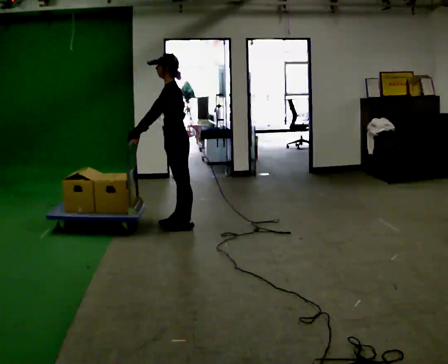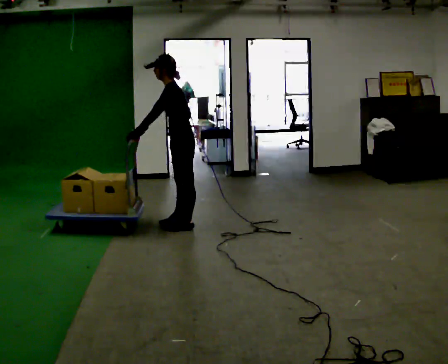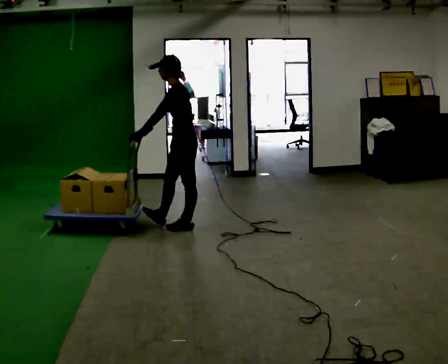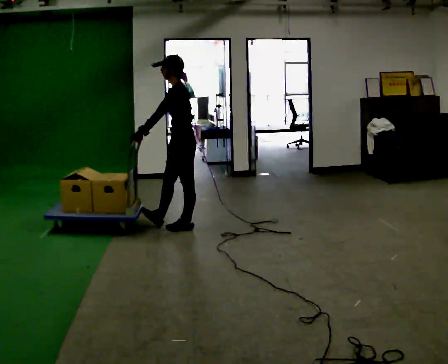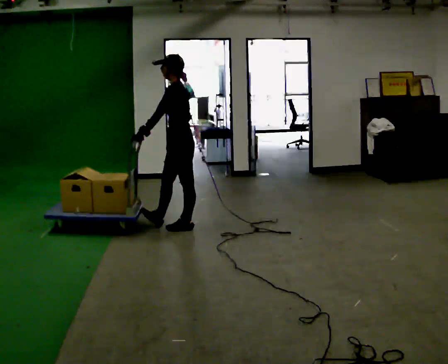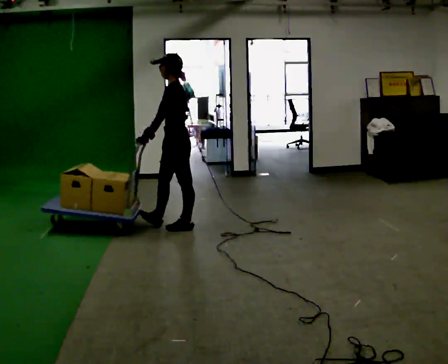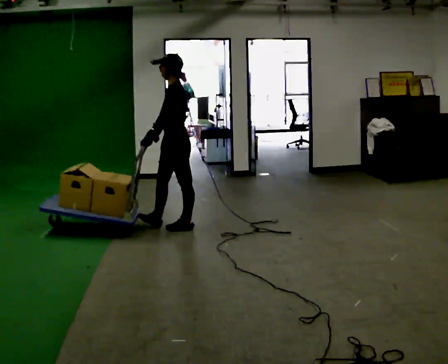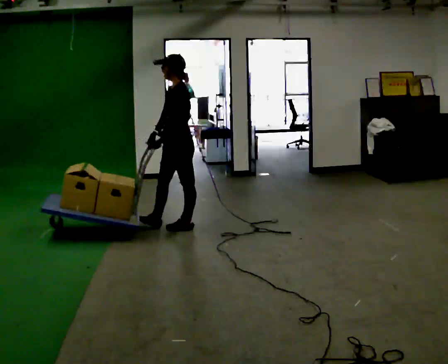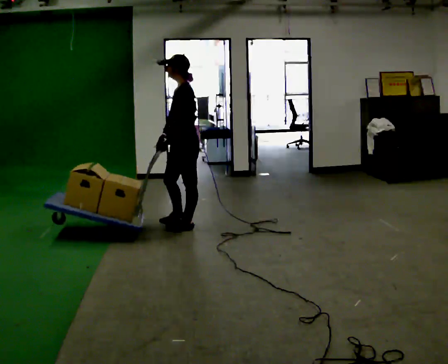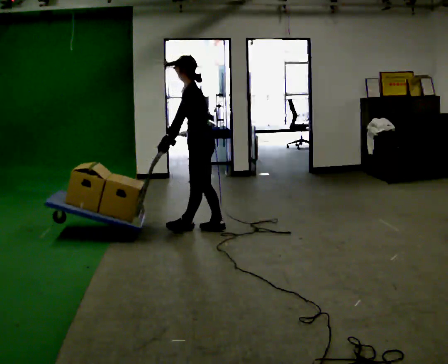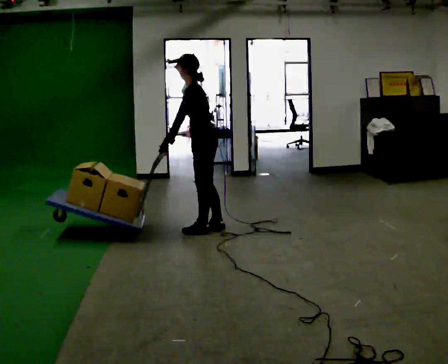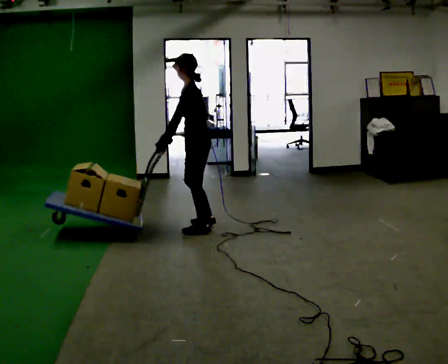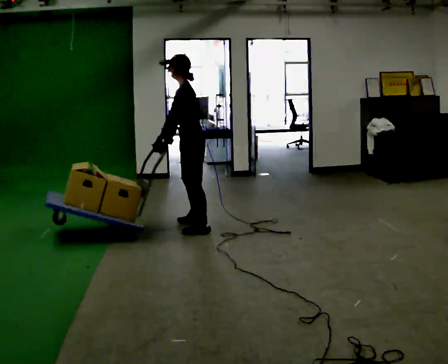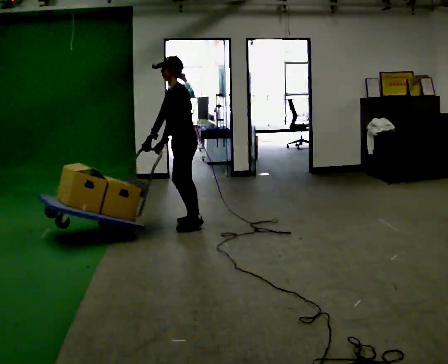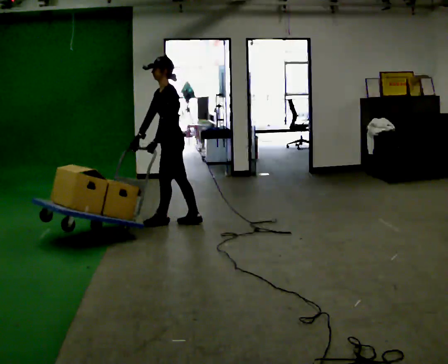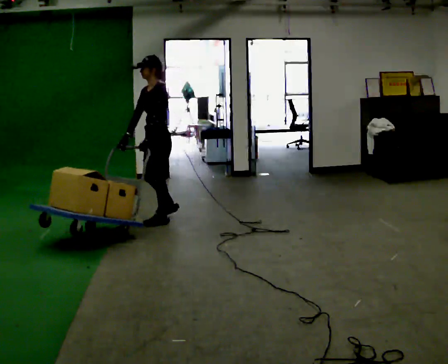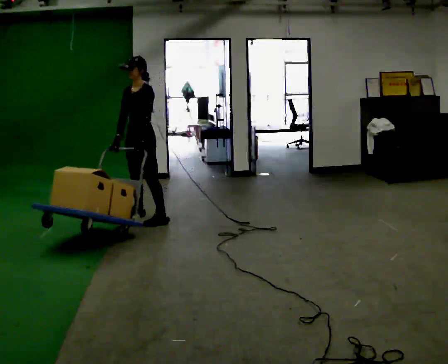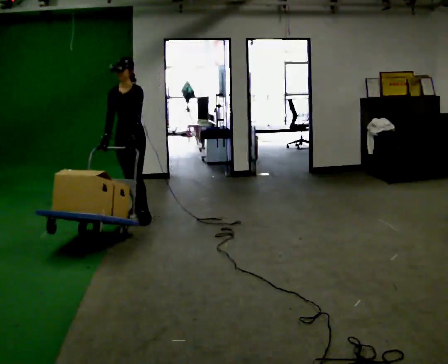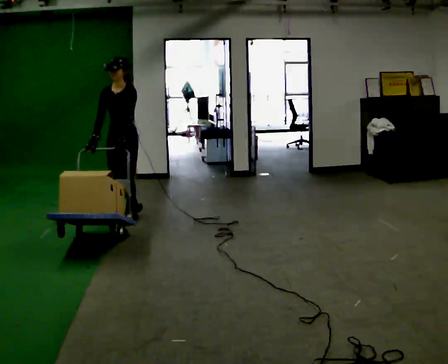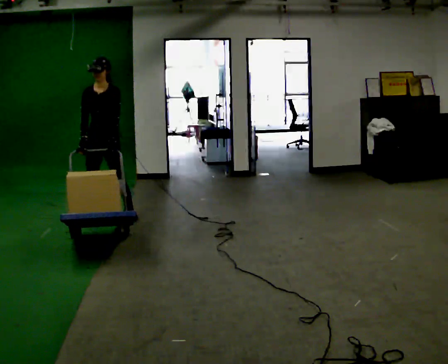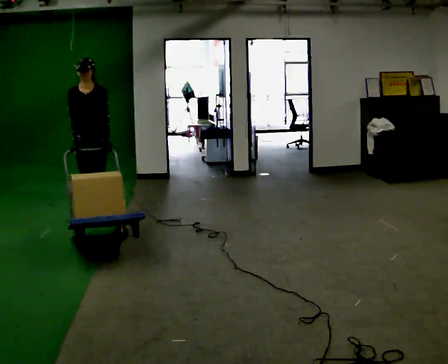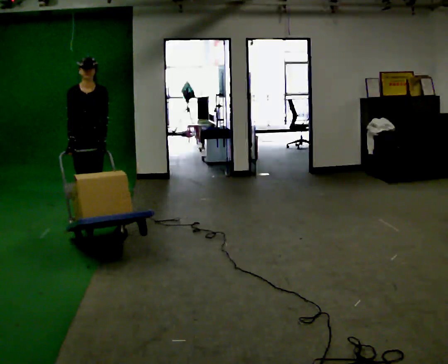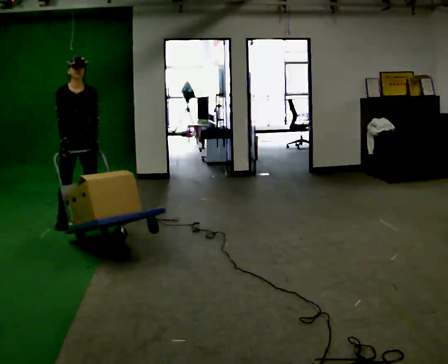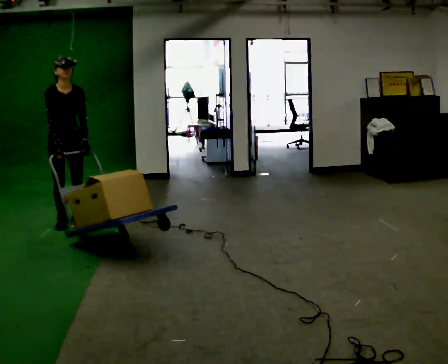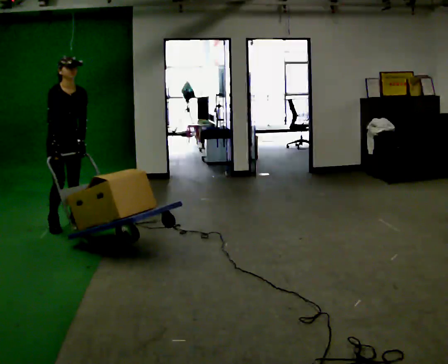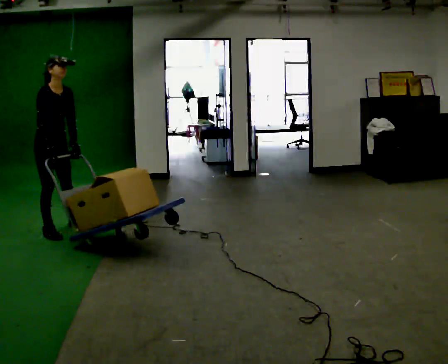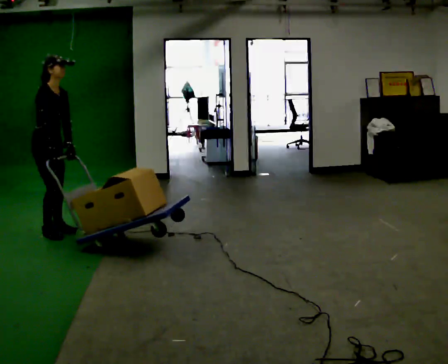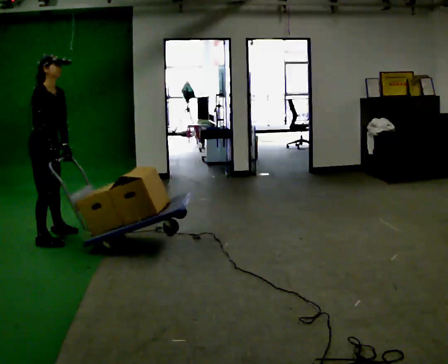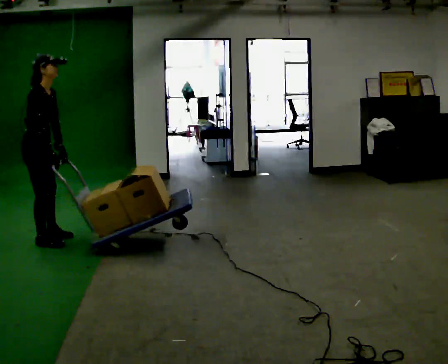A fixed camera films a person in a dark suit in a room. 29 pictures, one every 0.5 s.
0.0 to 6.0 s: The person moves a little, or ends about where they began.
6.0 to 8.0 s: Seen from above the body turns counterclockwise, about 45 degrees: to their left, with its near side sliding to the right. In the picture they go to the left and away from the camera, about 0.5 m in 2 steps, which for them is forward and to their right.
8.0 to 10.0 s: Seen from above the body turns counterclockwise, about 45 degrees: to their left, with its near side sliding to the right. In the picture they go to the left, about 0.5 m in 2 steps, which for them is to their right and forward.
10.0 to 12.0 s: The person turns about 30 degrees to their left, counterclockwise seen from above, so the part of the body nearest the lens slides to the right. In the picture they go toward the camera and to the left, about 0.25 m in 3 steps, which for them is forward and to their right.
12.0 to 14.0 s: Seen from above the body turns counterclockwise, about 60 degrees: to their left, with its near side sliding to the right. In the picture they go toward the camera, about 0.5 m in 3 steps.
The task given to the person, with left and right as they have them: Push the cart across the room and back. The operator will change how much is loaded on it between takes and will tell you each time.
The film runs forward here.
